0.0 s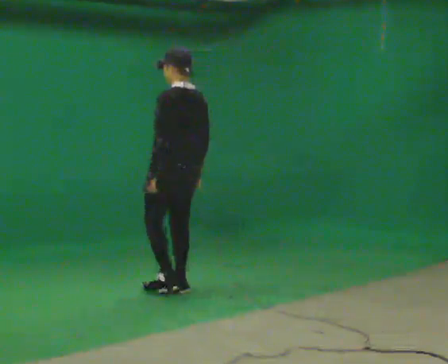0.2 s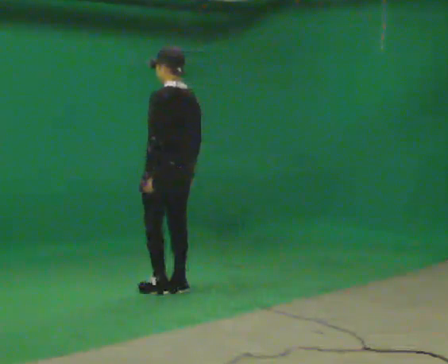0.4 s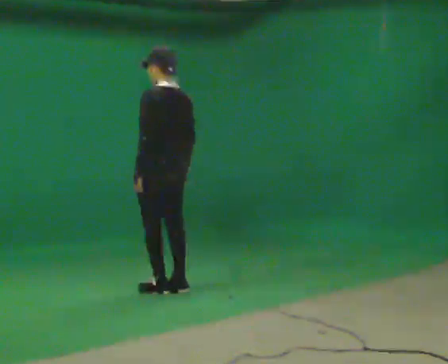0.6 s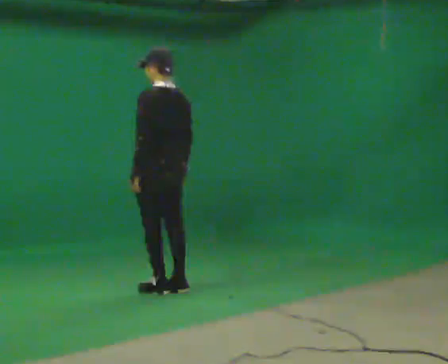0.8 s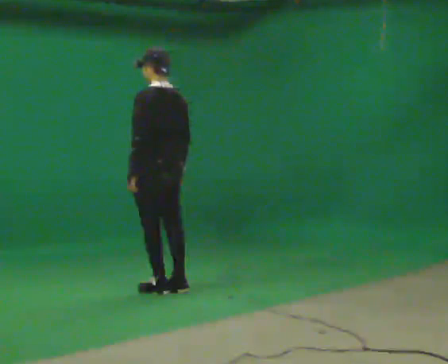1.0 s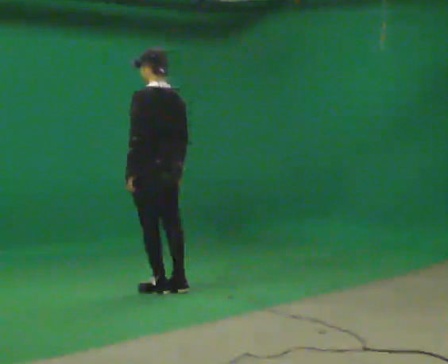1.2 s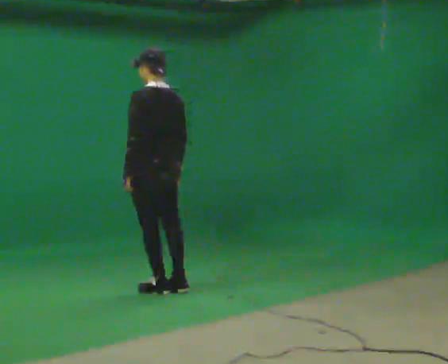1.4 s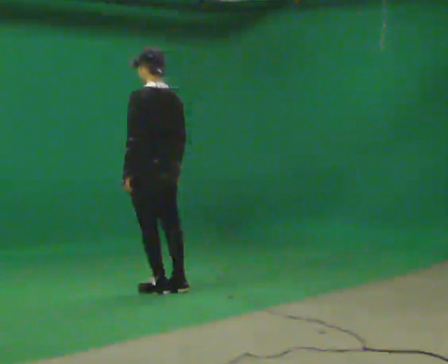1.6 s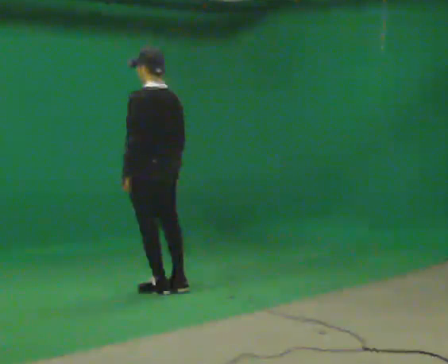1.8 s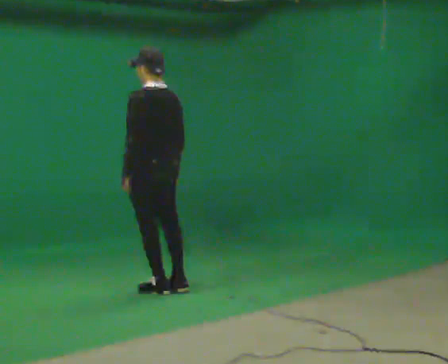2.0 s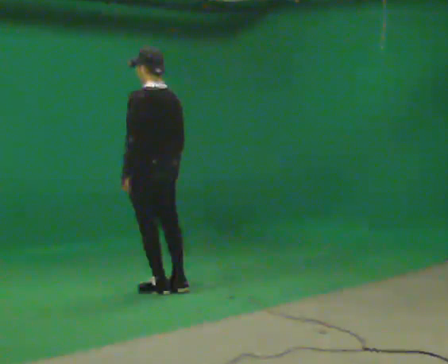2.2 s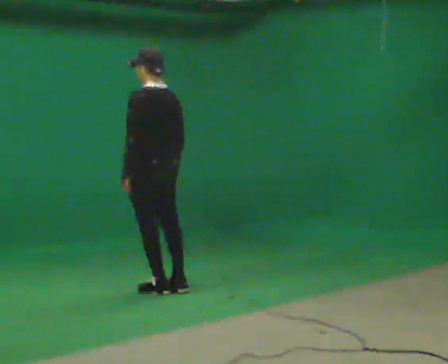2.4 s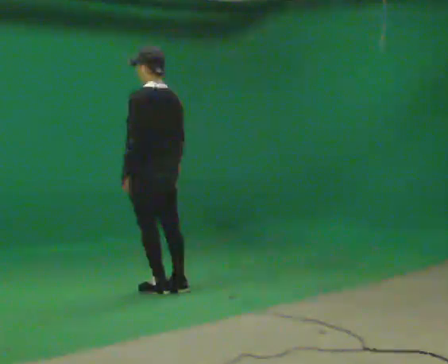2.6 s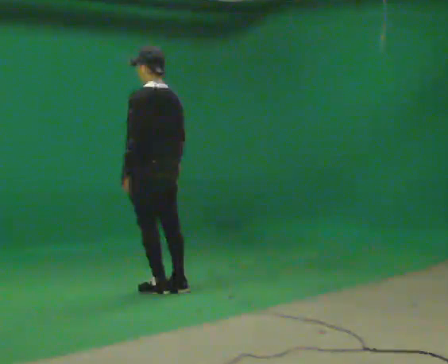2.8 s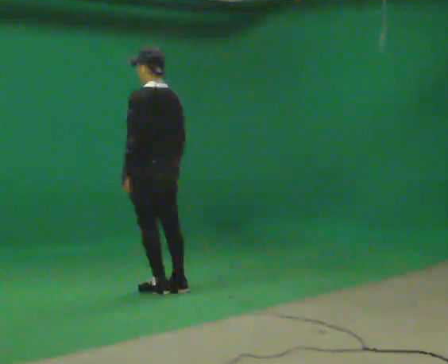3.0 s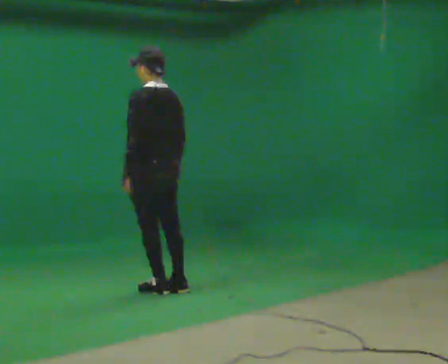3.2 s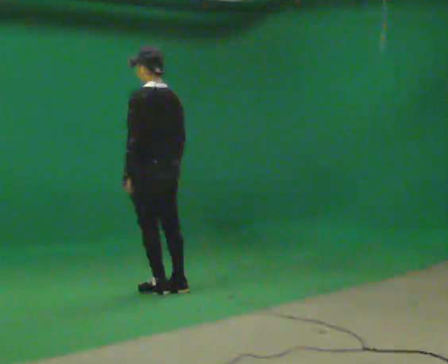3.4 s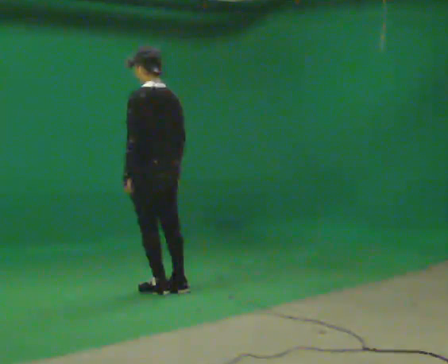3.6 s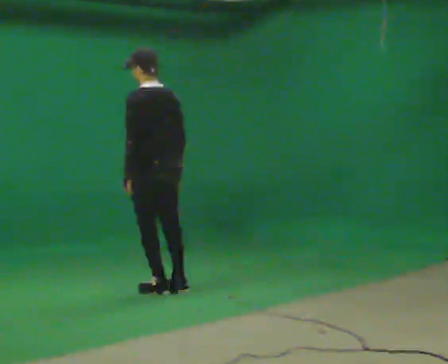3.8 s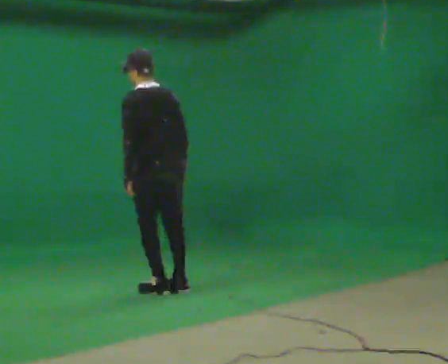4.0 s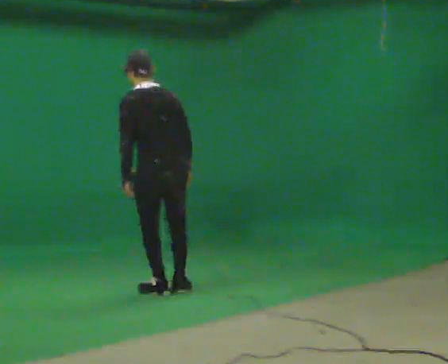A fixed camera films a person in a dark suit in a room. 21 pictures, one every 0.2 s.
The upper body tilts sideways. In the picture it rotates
counterclockwise.
0.0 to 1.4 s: In the picture they go to the left, about 0.25 m in 1 step, which for them is forward.
1.4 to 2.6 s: The person keeps their place and pose.
2.6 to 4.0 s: In the picture the upper body tilts counterclockwise, shoulders to the left, as they bend forward.
The film runs forward here.
